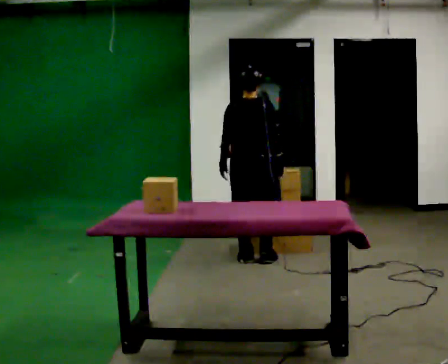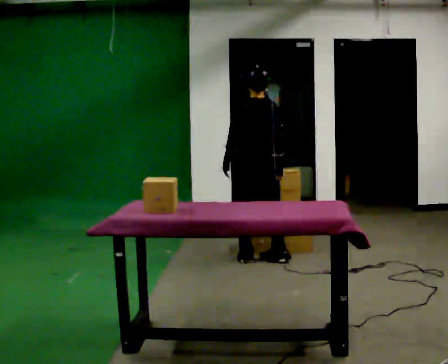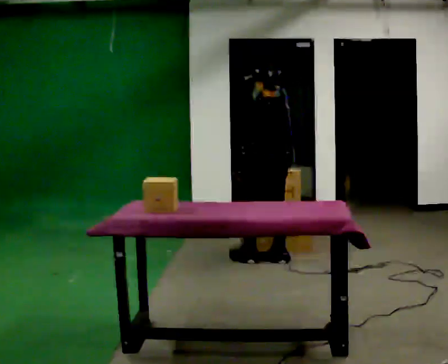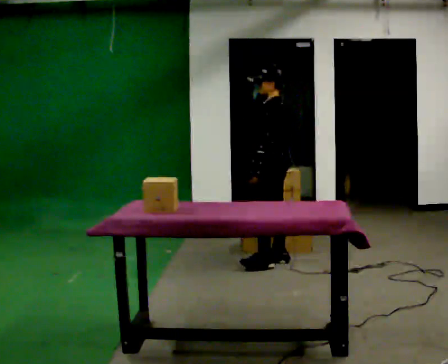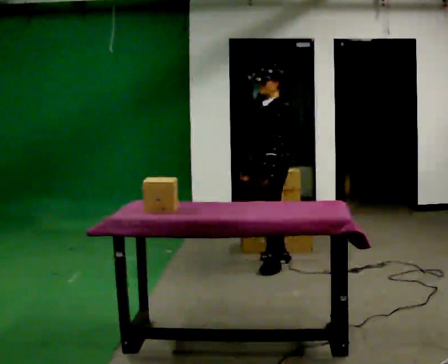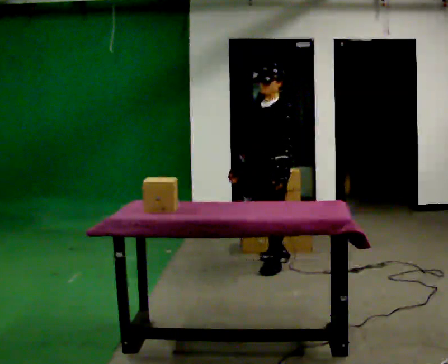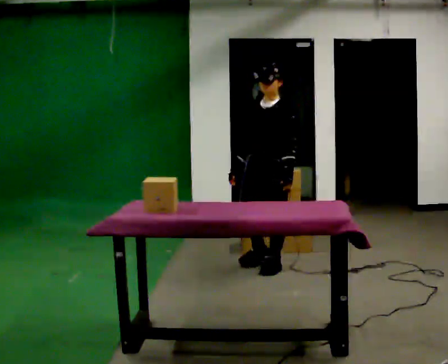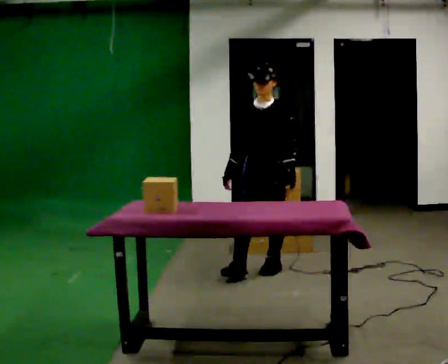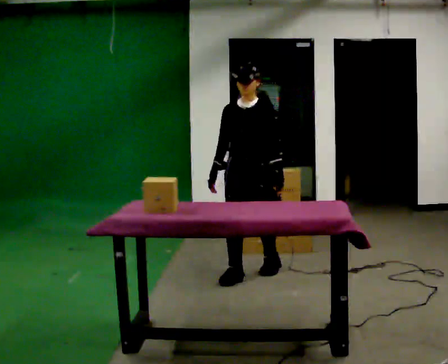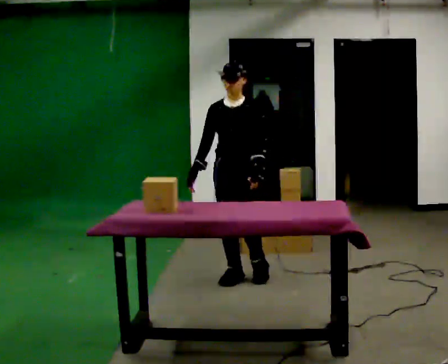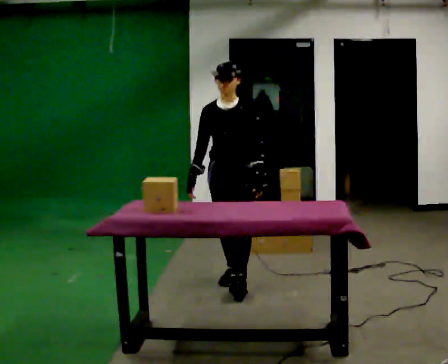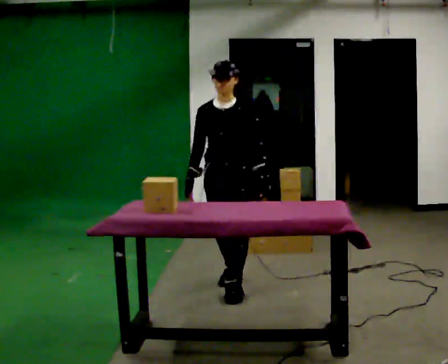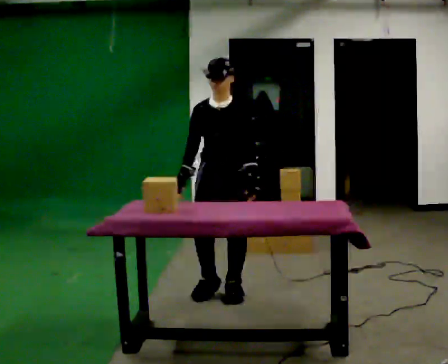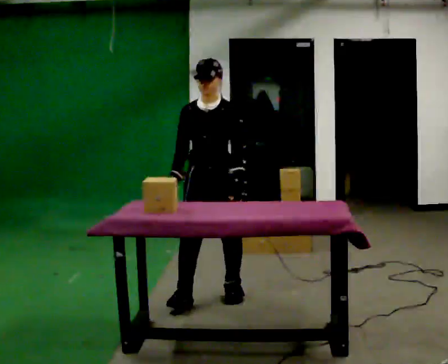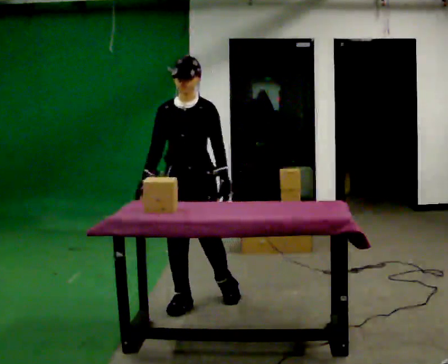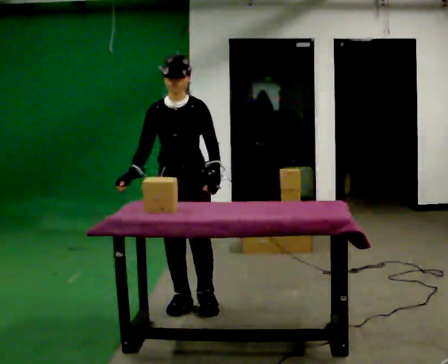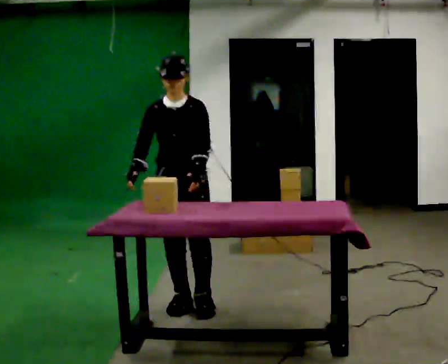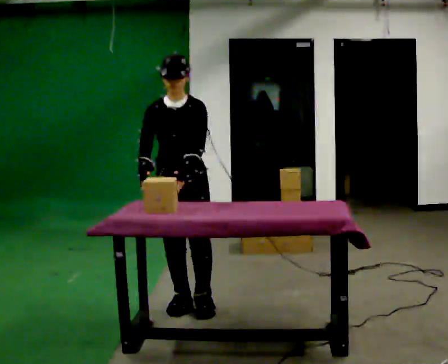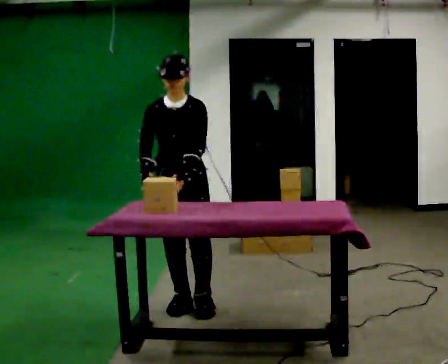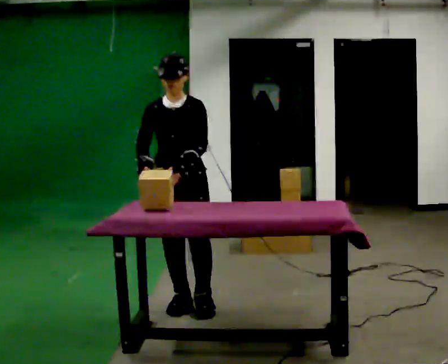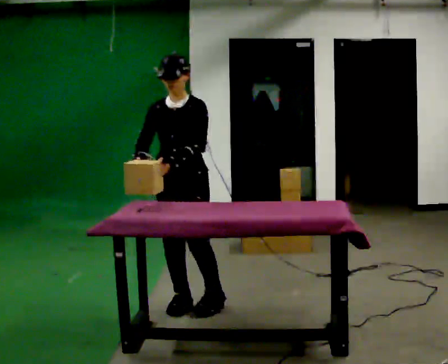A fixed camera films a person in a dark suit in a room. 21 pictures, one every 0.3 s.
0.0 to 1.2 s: Seen from above the body turns counterclockwise, about 105 degrees: to their left, with its near side sliding to the right. In the picture they go to the right, about 0.25 m in 1 step. In the picture their left hand goes to the right.
1.2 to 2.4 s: The part of the body nearest the lens slides to the right as the person turns to their left by about 45 degrees. In the picture they go toward the camera and to the left, about 0.5 m in 1 step, which for them is forward.
2.4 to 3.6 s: In the picture they go toward the camera, about 0.5 m in 1 step, which for them is forward.
3.6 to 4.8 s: In the picture they go toward the camera and to the left, about 0.25 m in 2 steps, which for them is forward and to their right.
4.8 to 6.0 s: The person moves a little, or ends about where they began.
The film runs forward here.
